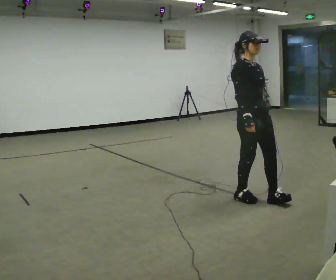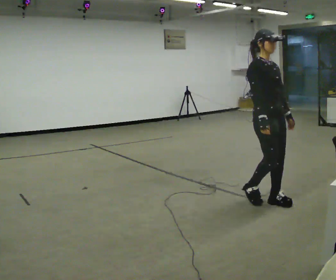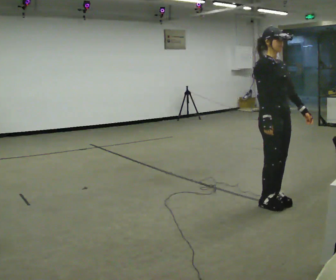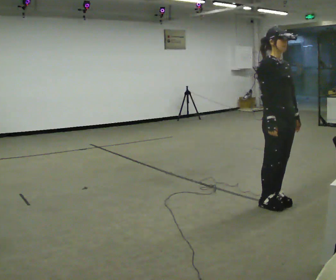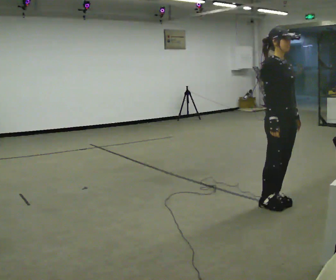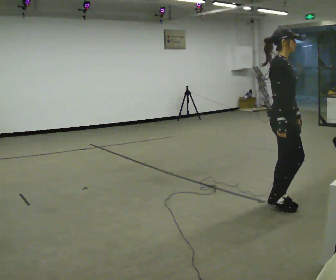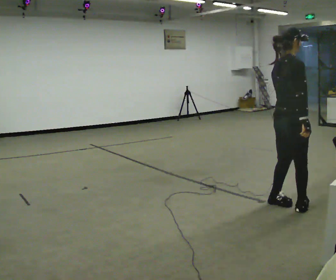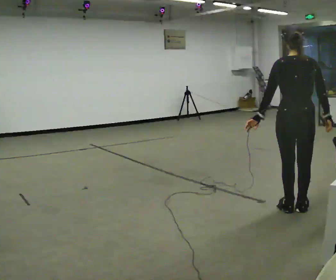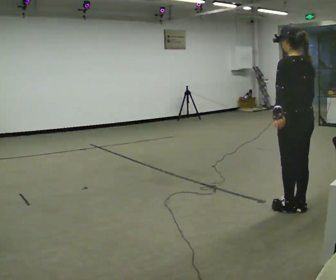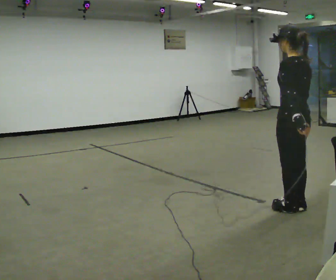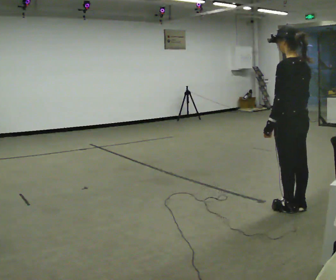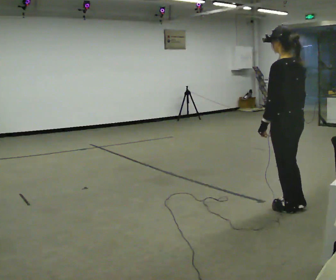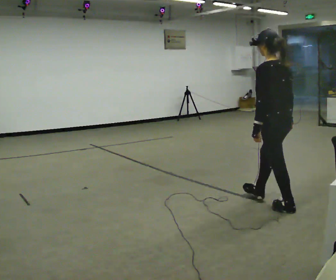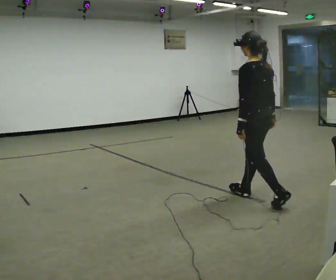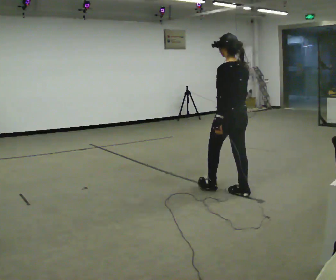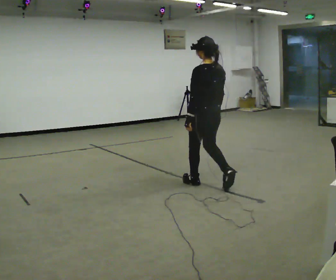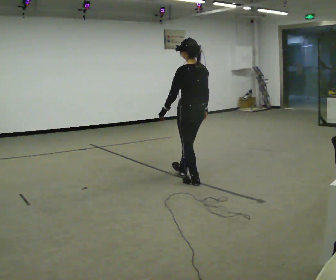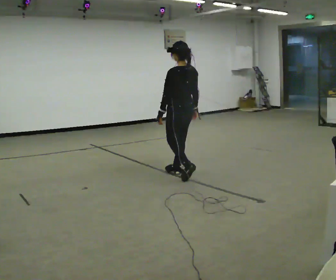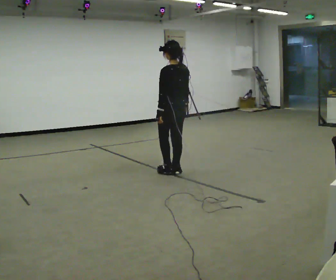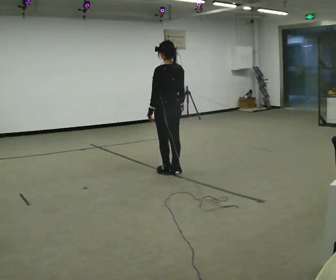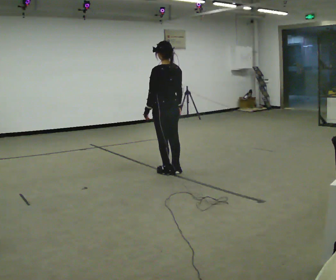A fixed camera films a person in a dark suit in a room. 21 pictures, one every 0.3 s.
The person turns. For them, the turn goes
to their left.
The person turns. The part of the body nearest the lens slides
to the right.
0.0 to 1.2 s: In the picture they go to the right, about 0.25 m in 2 steps, which for them is forward.
1.2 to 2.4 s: The part of the body nearest the lens slides to the right as the person turns to their left by about 165 degrees. In the picture they go to the right and toward the camera, about 0.25 m in 2 steps.
2.4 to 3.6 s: In the picture they go to the left, about 0.25 m, which for them is forward.
3.6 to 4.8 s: In the picture they go to the left and away from the camera, about 1 m in 2 steps, which for them is forward.
4.8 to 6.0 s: In the picture they go to the left and away from the camera, about 0.5 m in 2 steps, which for them is forward.
The film runs forward here.
